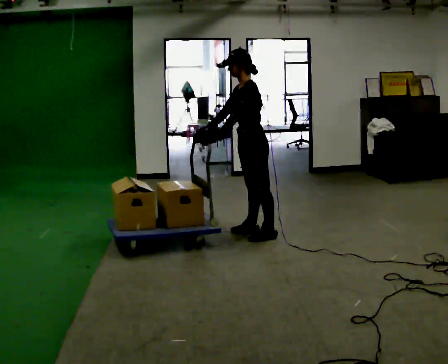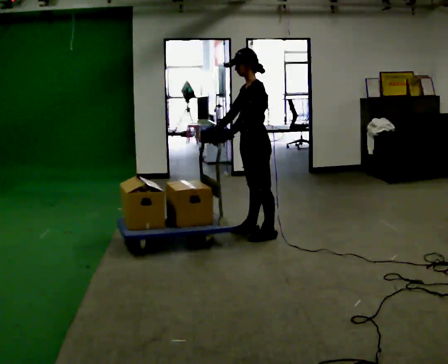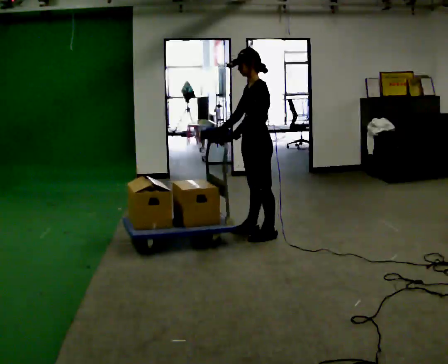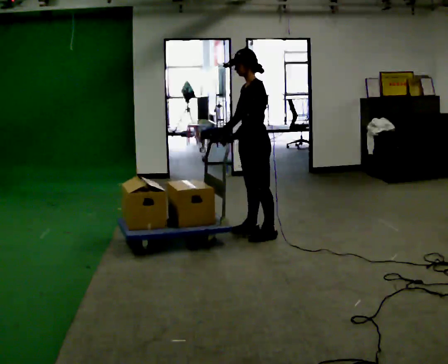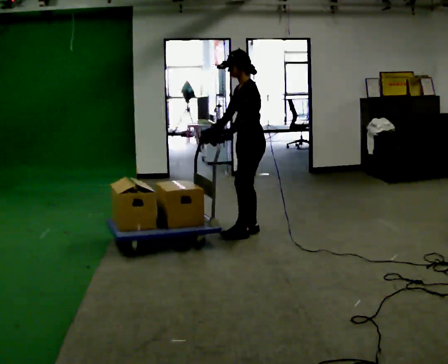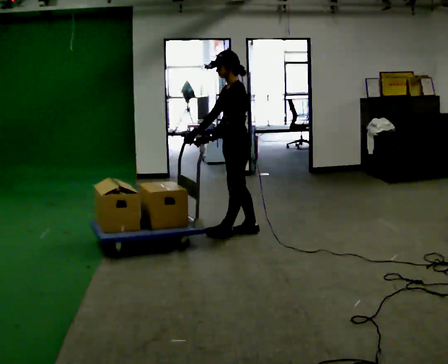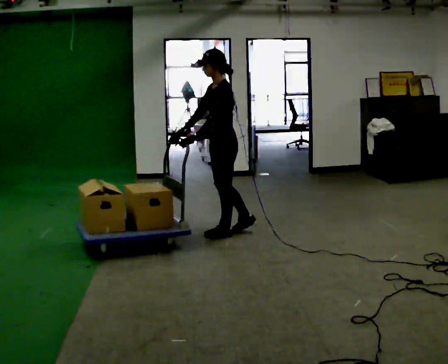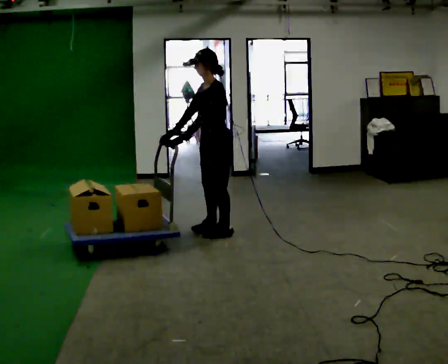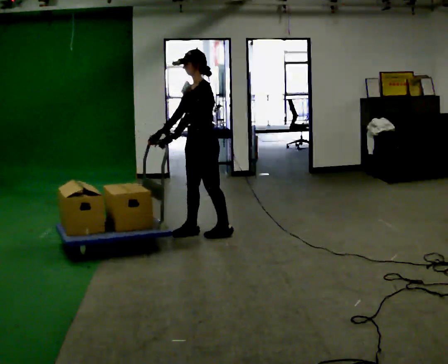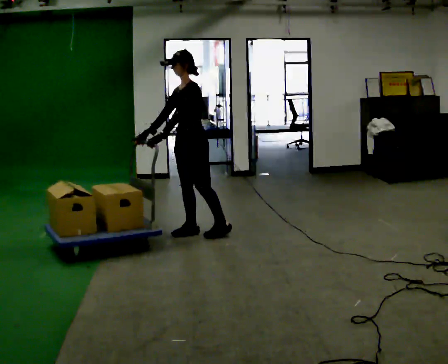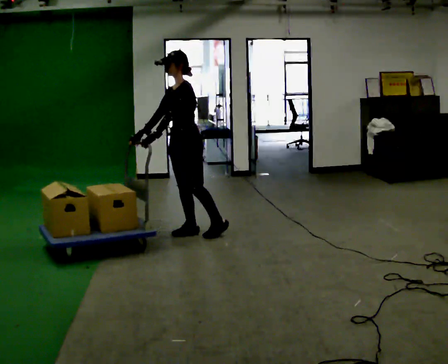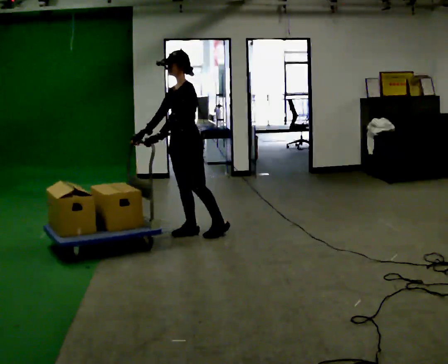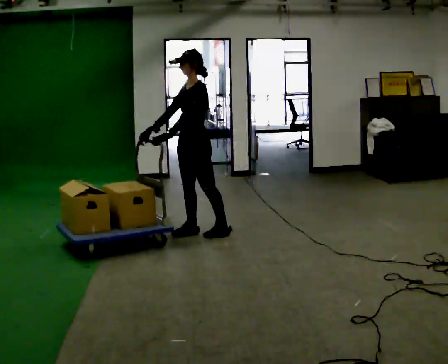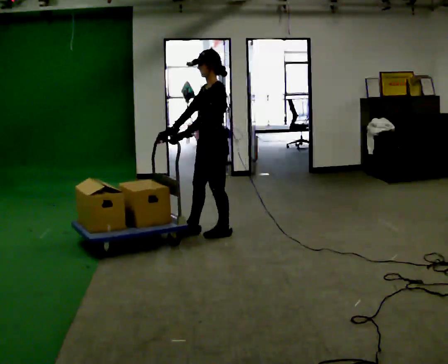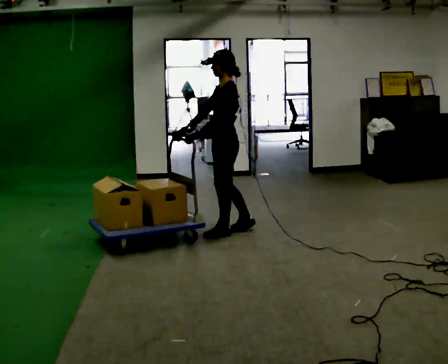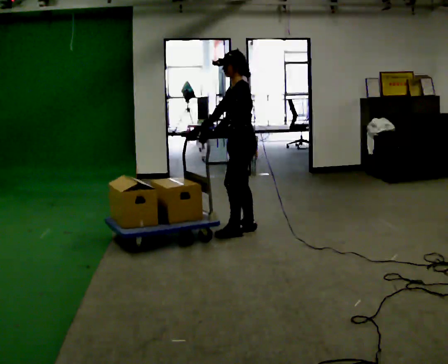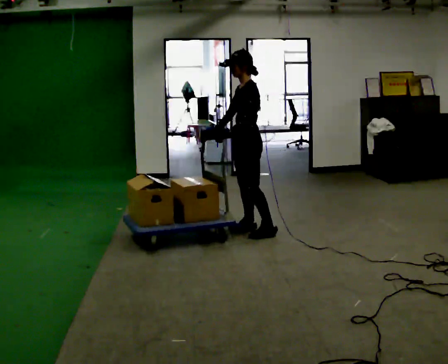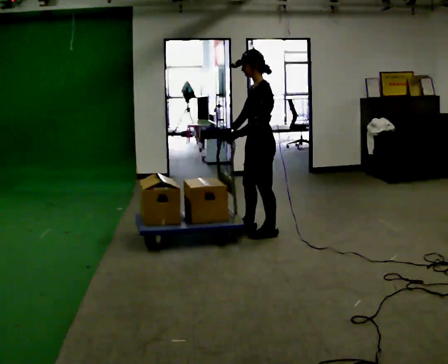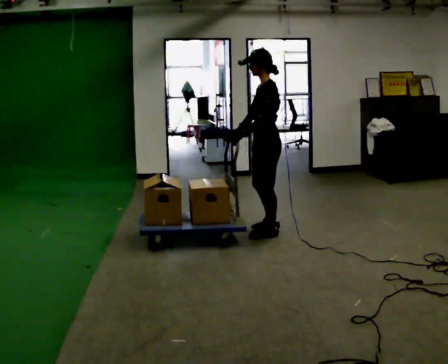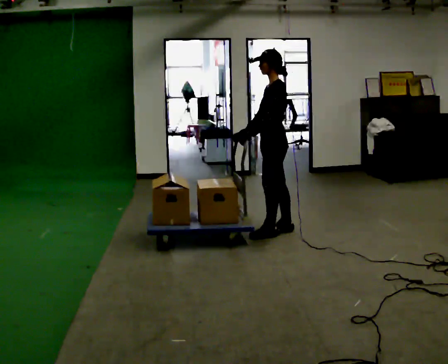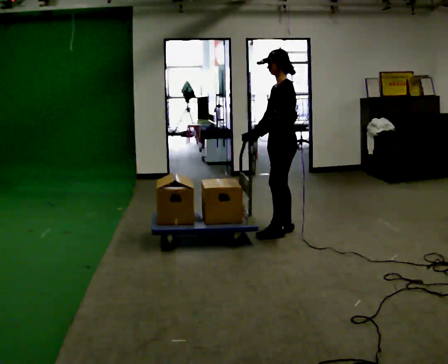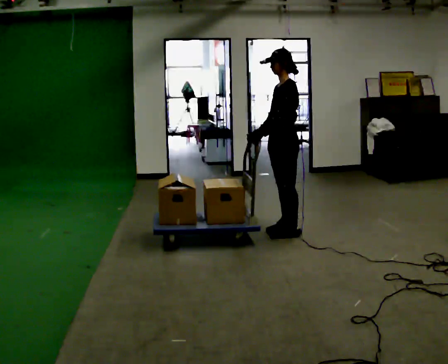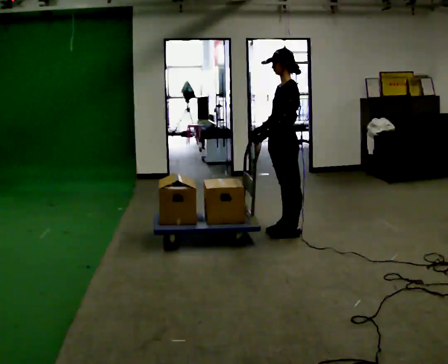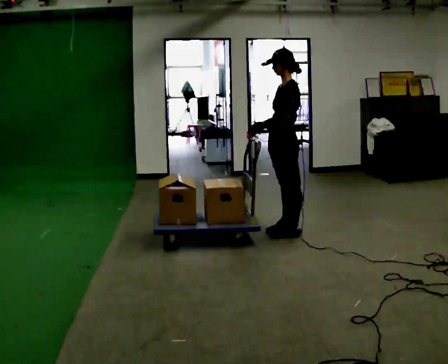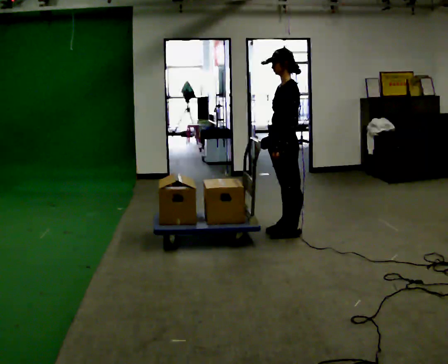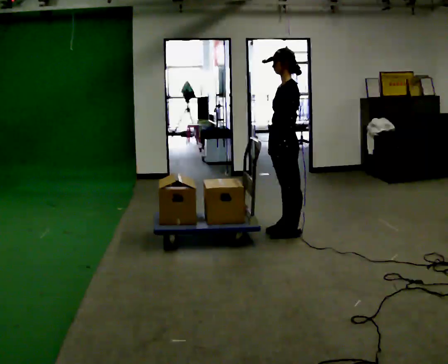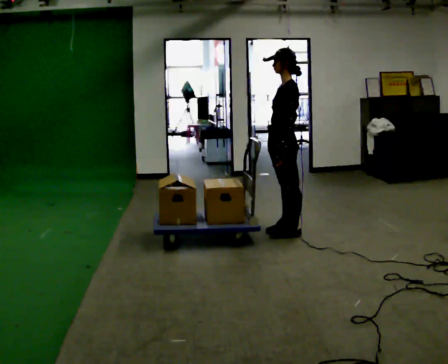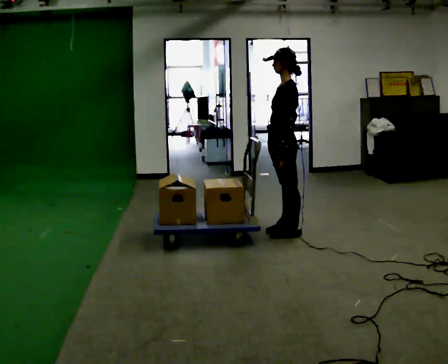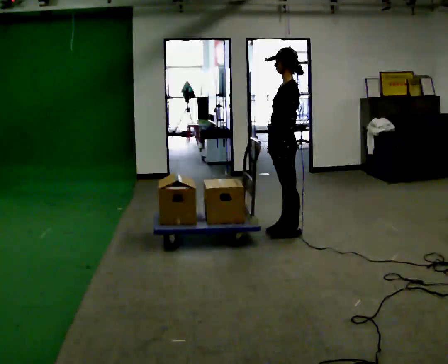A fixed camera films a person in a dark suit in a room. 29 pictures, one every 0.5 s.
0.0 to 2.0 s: The person moves a little, or ends about where they began.
2.0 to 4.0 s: In the picture they go to the left, about 0.5 m in 1 step, which for them is forward.
4.0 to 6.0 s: The person moves a little, or ends about where they began.
6.0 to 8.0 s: In the picture they go to the right, about 0.5 m in 2 steps, which for them is backward.
8.0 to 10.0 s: In the picture they go to the right, about 0.25 m in 2 steps, which for them is backward.
10.0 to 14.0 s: The person moves a little, or ends about where they began.
The film runs backward here.
